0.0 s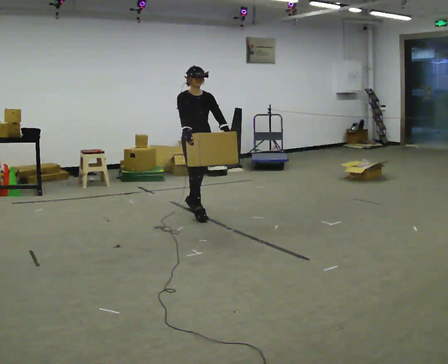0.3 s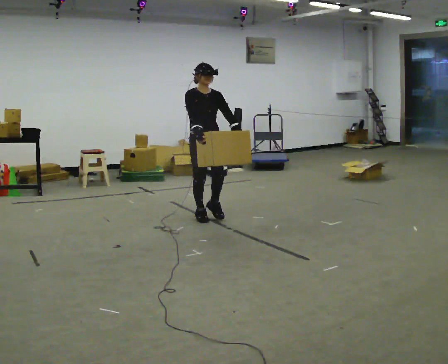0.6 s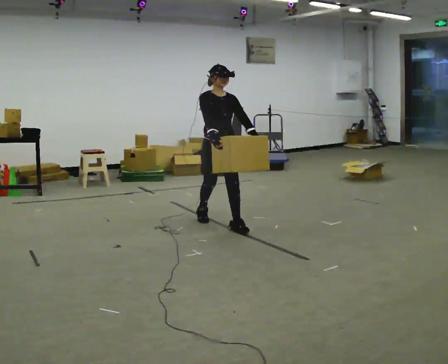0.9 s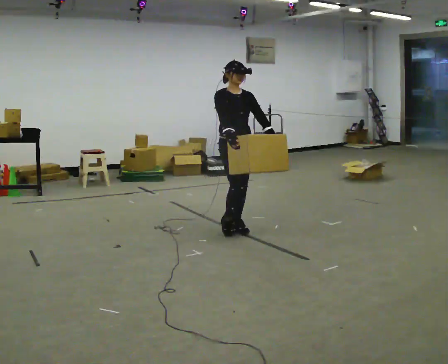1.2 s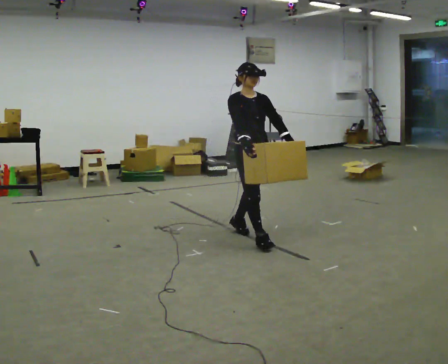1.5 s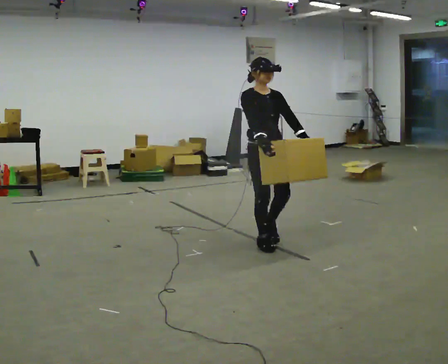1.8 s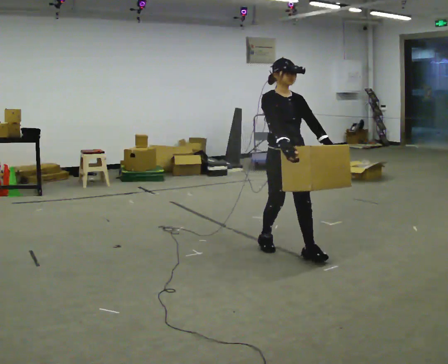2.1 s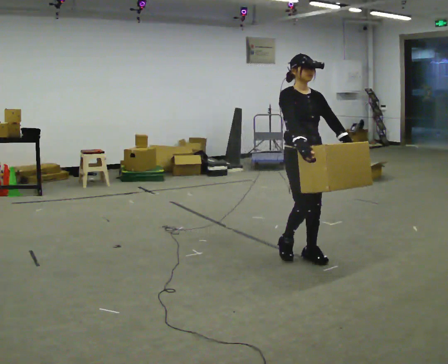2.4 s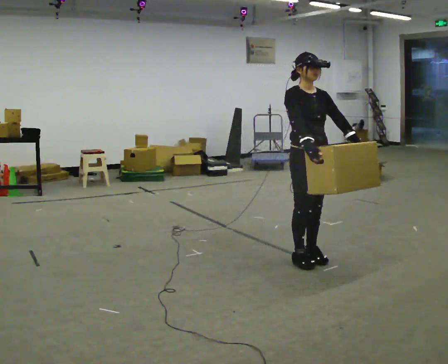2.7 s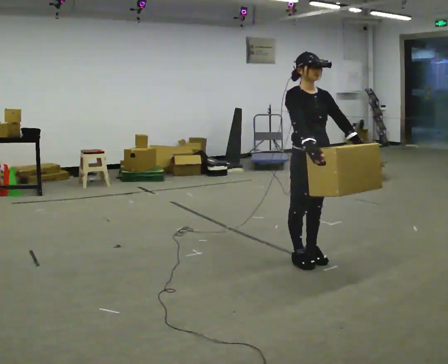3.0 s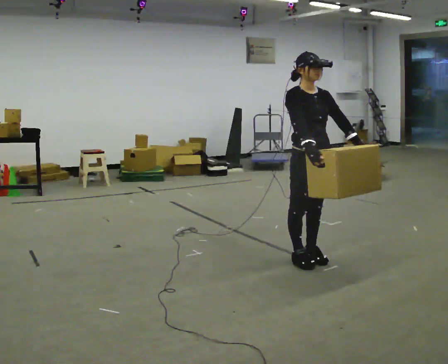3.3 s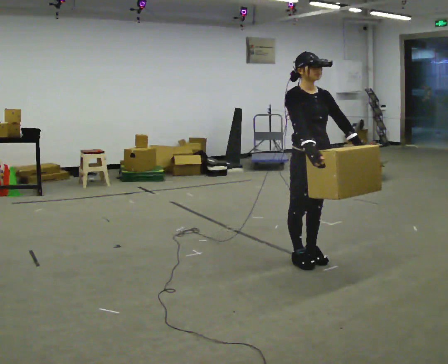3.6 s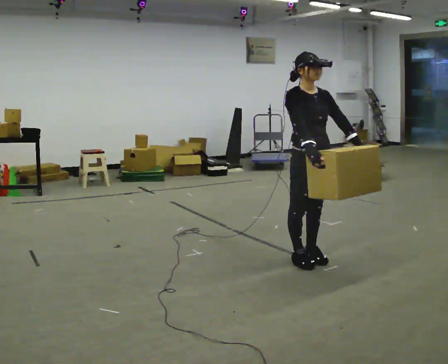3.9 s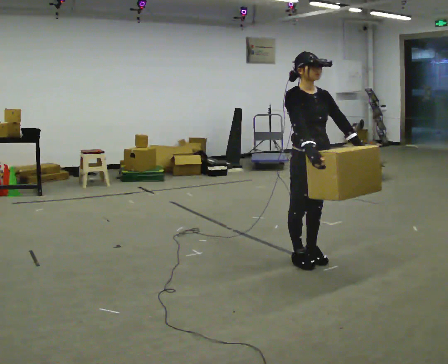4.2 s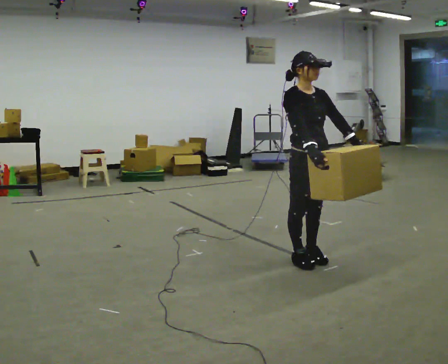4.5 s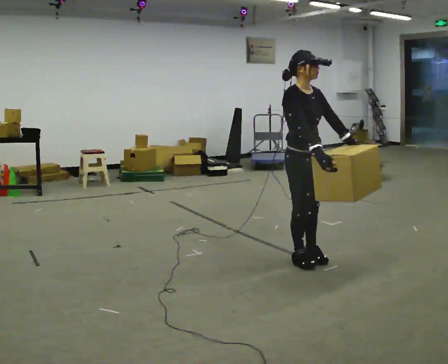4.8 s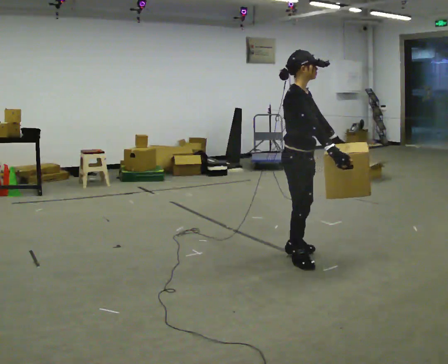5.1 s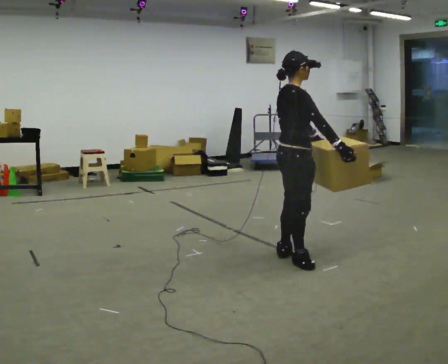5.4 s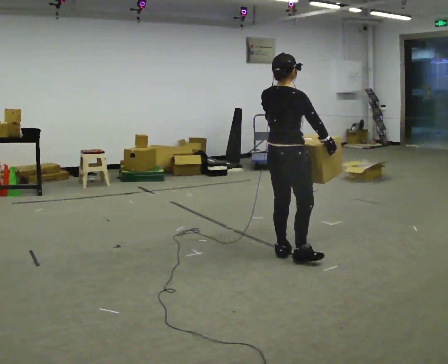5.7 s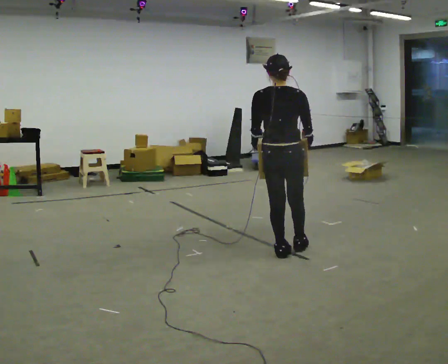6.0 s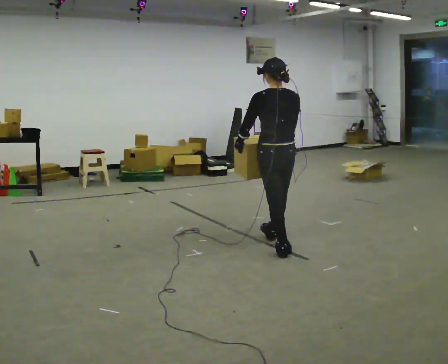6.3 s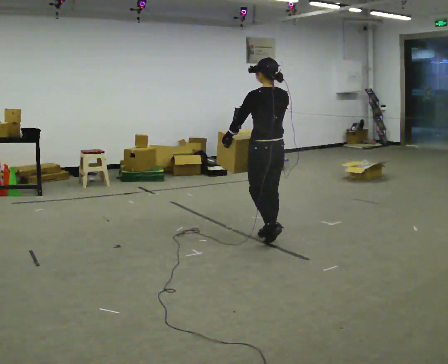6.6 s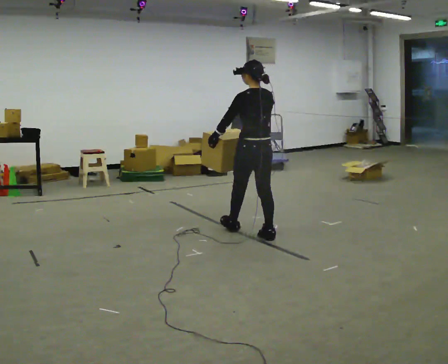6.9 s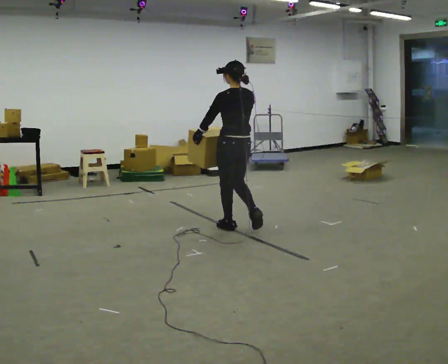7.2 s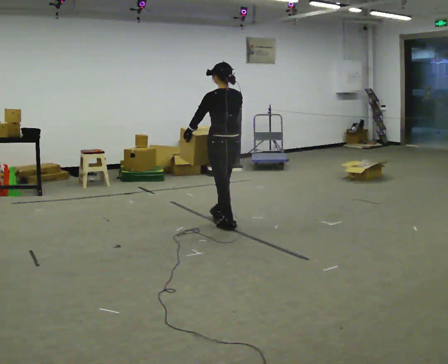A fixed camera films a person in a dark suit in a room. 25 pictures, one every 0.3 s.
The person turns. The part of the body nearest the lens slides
to the right.
The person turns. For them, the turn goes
to their left.
0.0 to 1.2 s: In the picture they go to the right and toward the camera, about 1 m in 2 steps, which for them is forward.
1.2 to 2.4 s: In the picture they go to the right and toward the camera, about 0.5 m in 2 steps, which for them is forward.
2.4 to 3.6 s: The person moves a little, or ends about where they began.
3.6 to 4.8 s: The person turns about 45 degrees to their left, counterclockwise seen from above, so the part of the body nearest the lens slides to the right.
4.8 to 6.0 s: Seen from above the body turns counterclockwise, about 120 degrees: to their left, with its near side sliding to the right. In the picture they go away from the camera and to the left, about 0.25 m in 1 step.
6.0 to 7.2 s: In the picture they go to the left and away from the camera, about 1 m in 2 steps, which for them is forward.
The film runs forward here.
